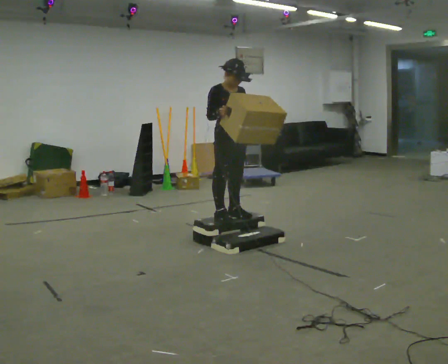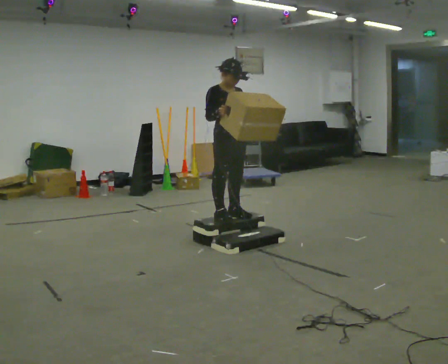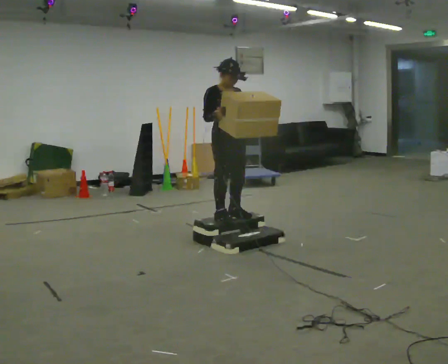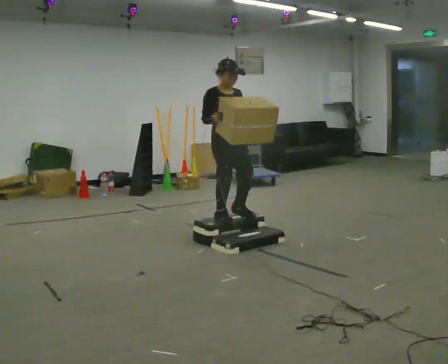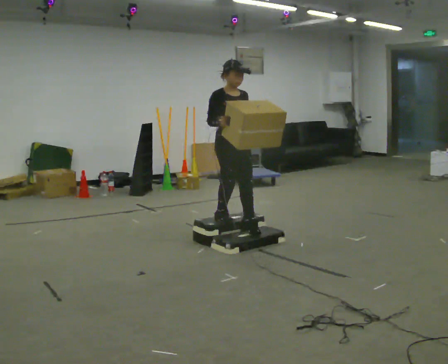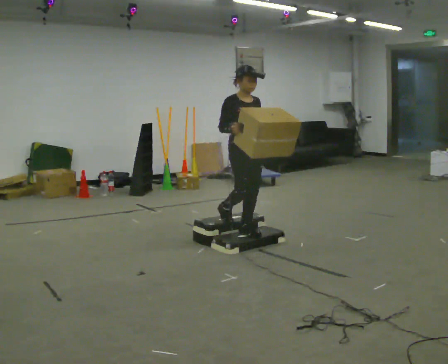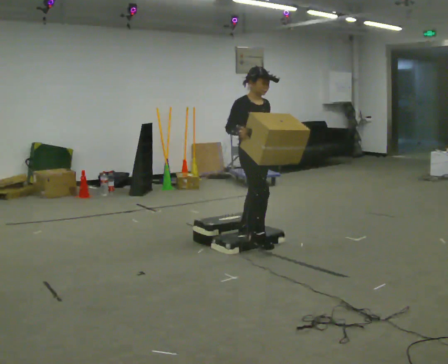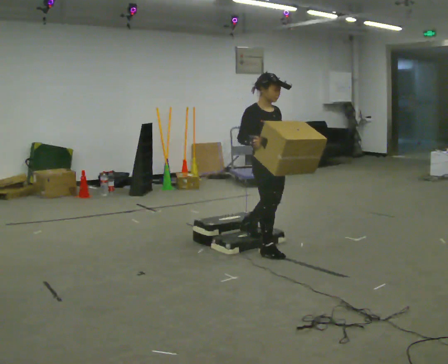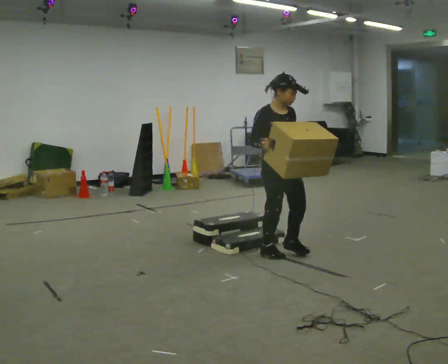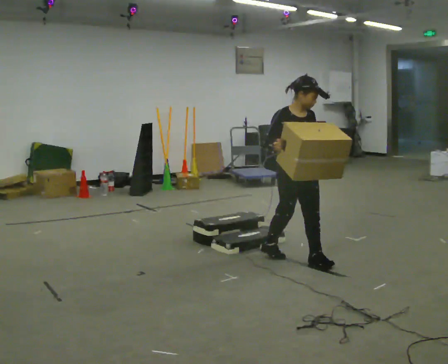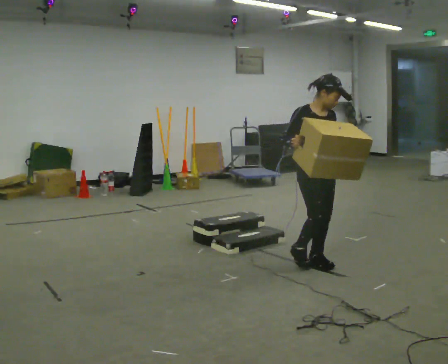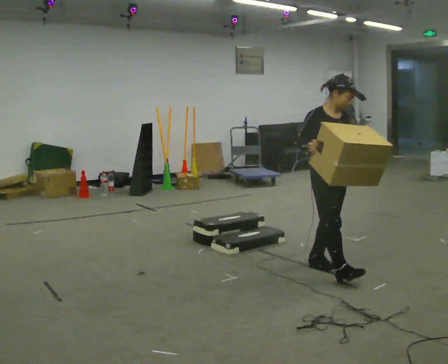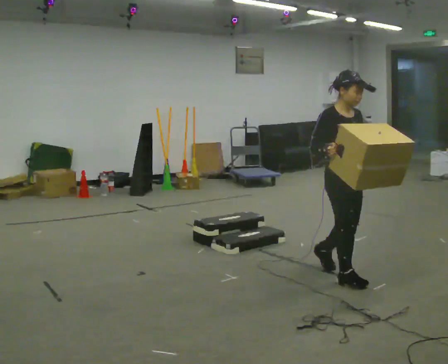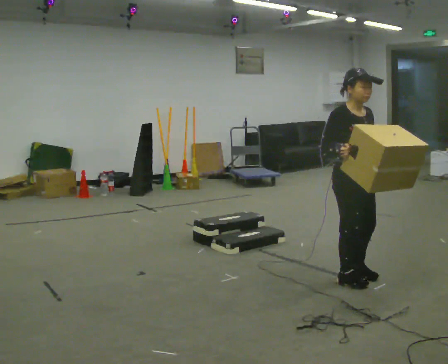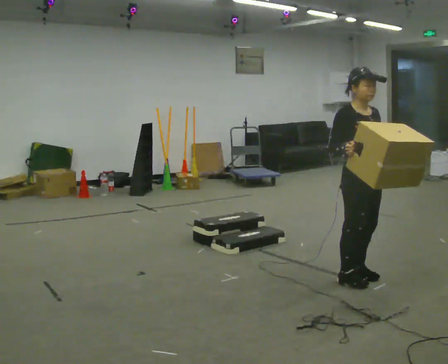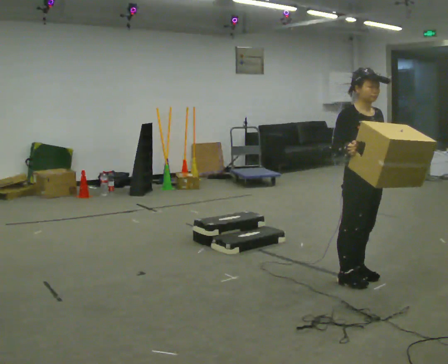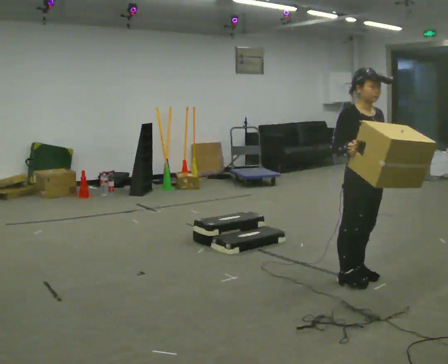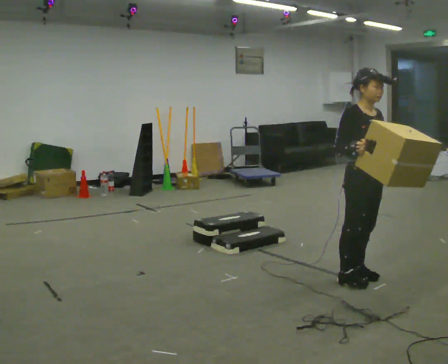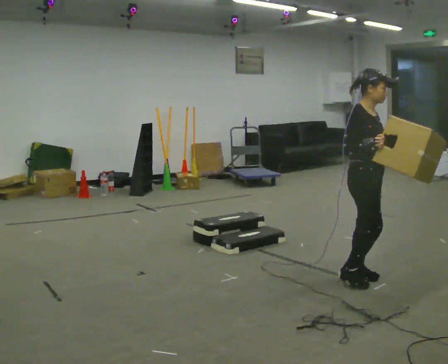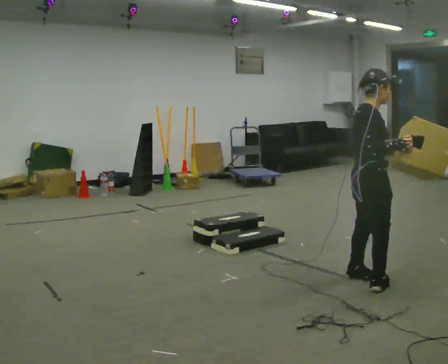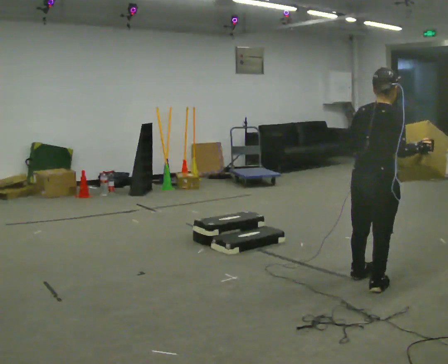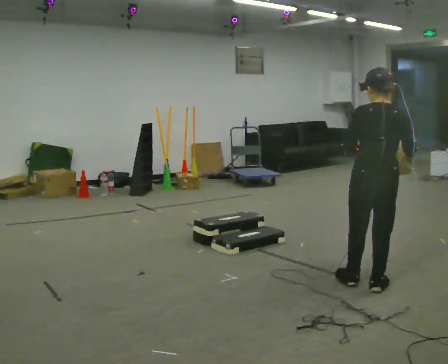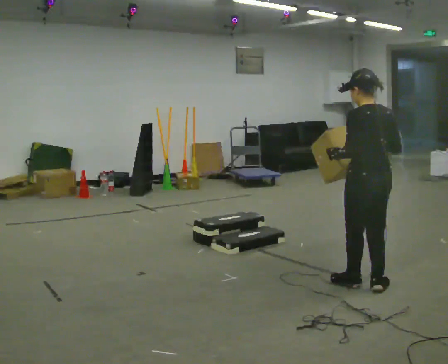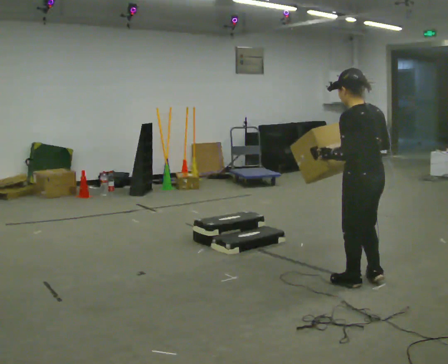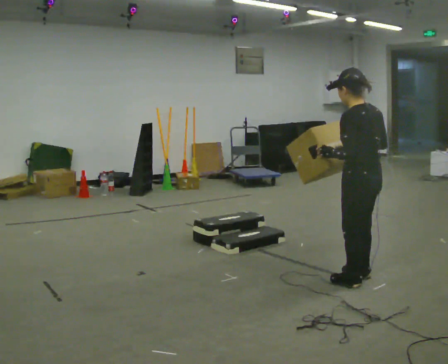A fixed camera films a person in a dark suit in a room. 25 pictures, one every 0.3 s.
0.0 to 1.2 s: The person moves a little, or ends about where they began.
1.2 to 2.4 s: In the picture they go to the right and toward the camera, about 0.5 m in 1 step, which for them is forward.
2.4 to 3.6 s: In the picture they go toward the camera and to the right, about 0.75 m in 2 steps, which for them is forward.
3.6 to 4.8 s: The person moves a little, or ends about where they began.
4.8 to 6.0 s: The part of the body nearest the lens slides to the right as the person turns to their left by about 105 degrees. In the picture their right hand goes to the right.
6.0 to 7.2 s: The part of the body nearest the lens slides to the right as the person turns to their left by about 90 degrees. In the picture their right hand goes to the left.
The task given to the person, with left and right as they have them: Carry the box up the three steps, turn at the top, and carry it back down. Use the handrail only if you need it. Keep going until the operator says stop; one object at a time, and do not rush between trips.
The film runs forward here.
